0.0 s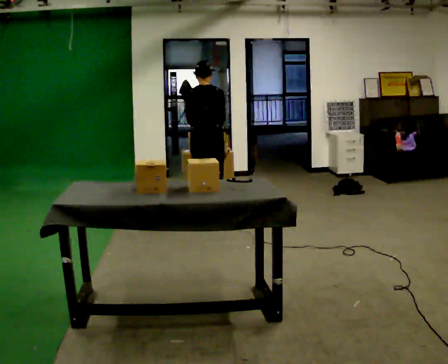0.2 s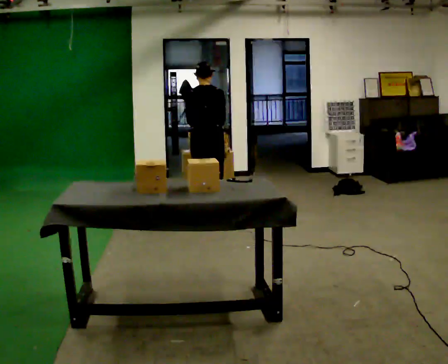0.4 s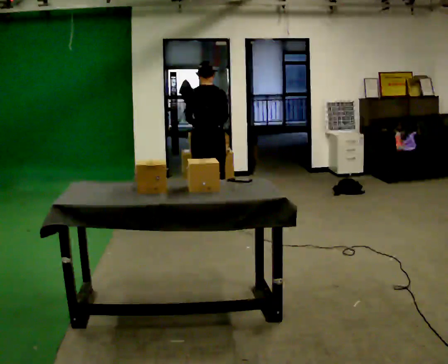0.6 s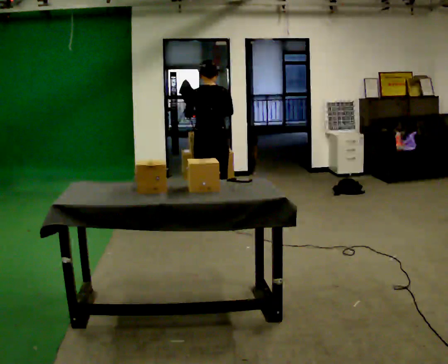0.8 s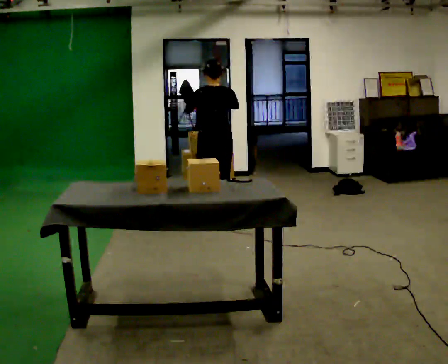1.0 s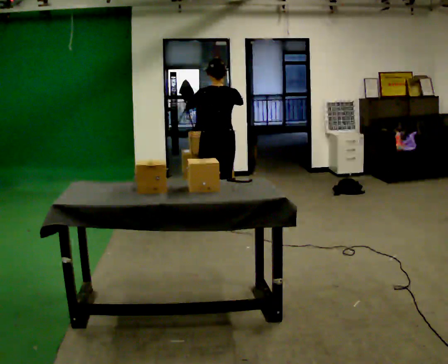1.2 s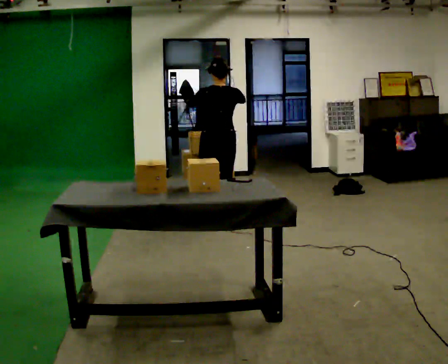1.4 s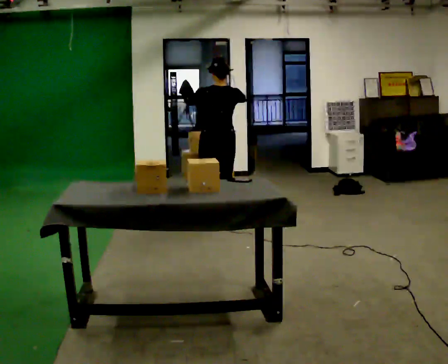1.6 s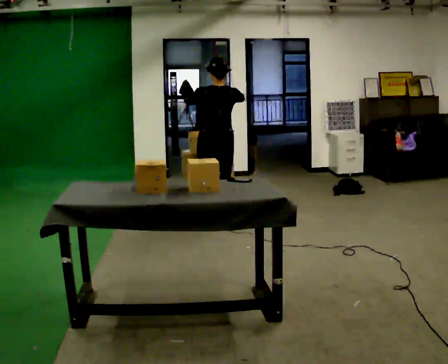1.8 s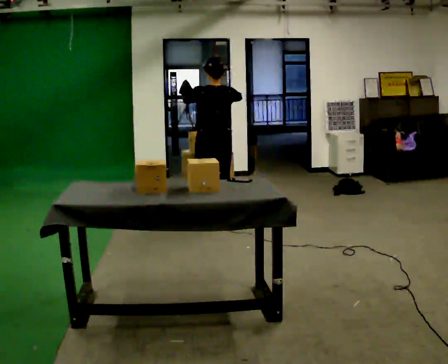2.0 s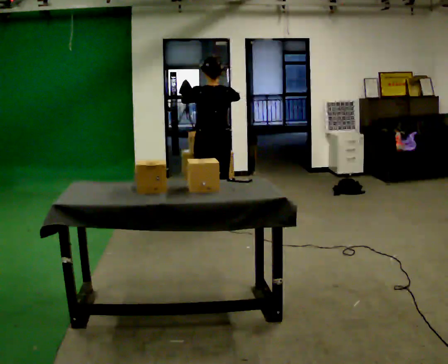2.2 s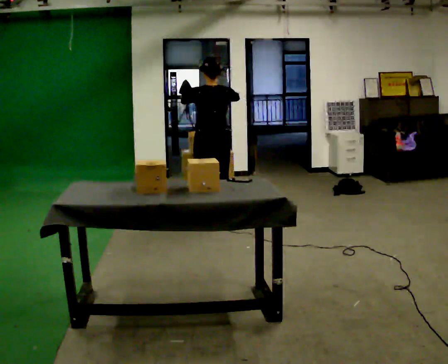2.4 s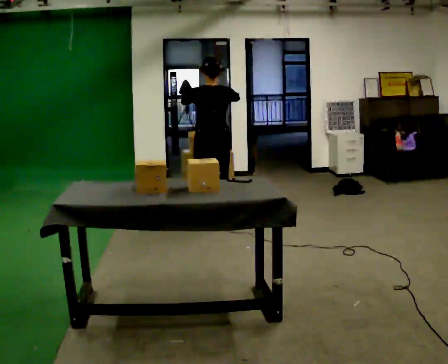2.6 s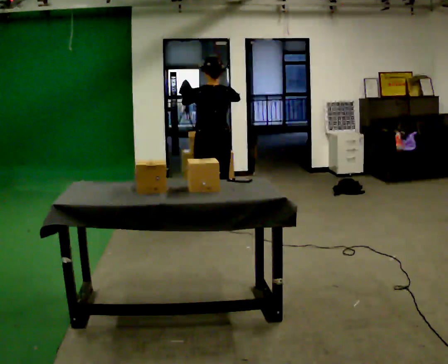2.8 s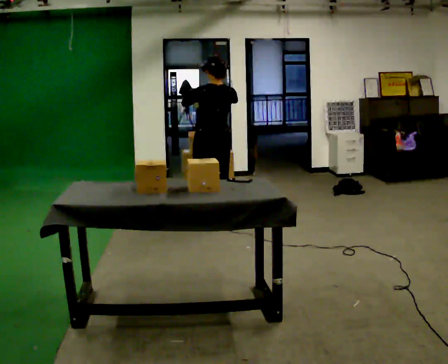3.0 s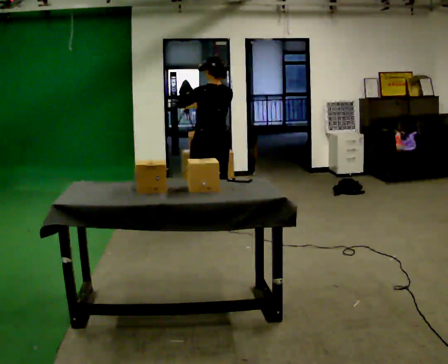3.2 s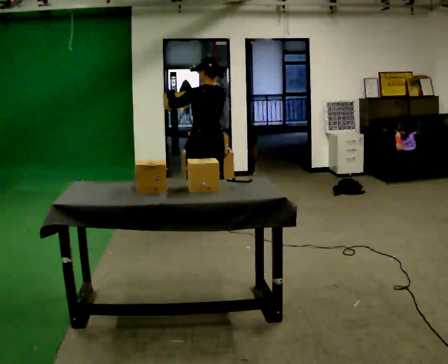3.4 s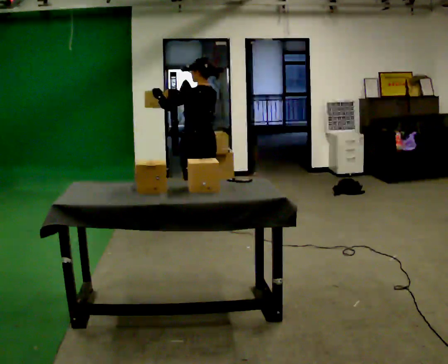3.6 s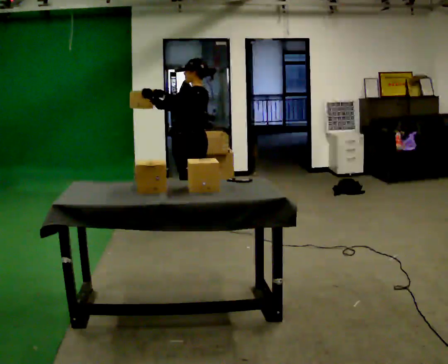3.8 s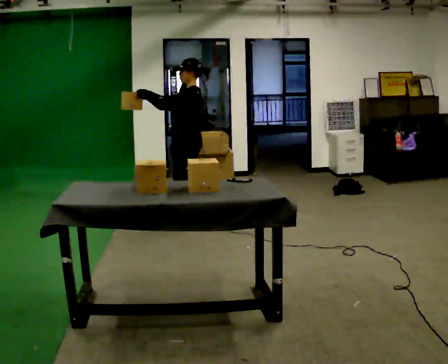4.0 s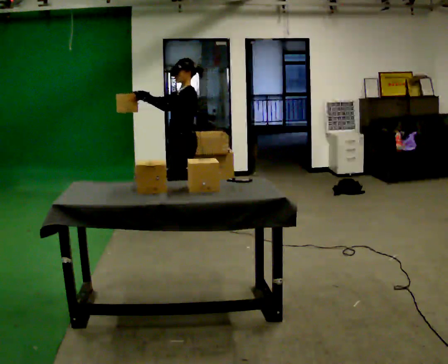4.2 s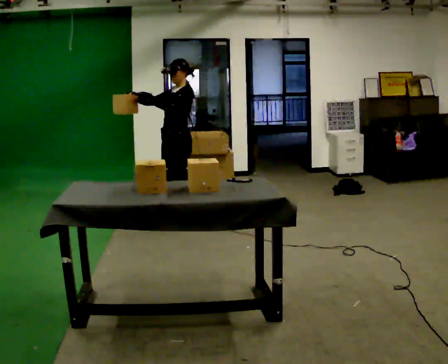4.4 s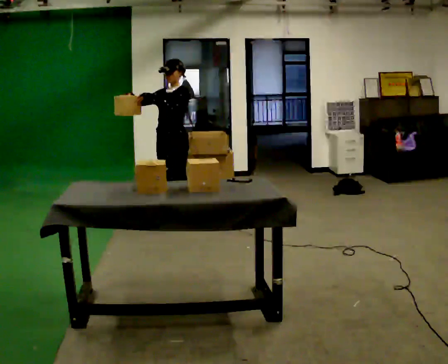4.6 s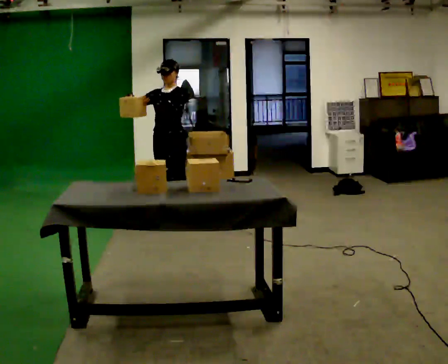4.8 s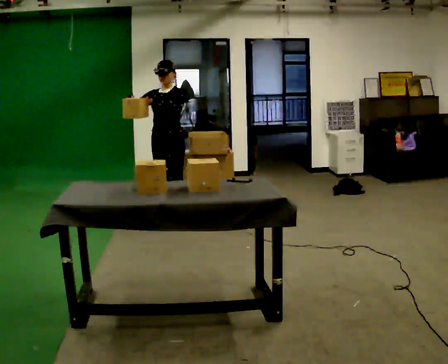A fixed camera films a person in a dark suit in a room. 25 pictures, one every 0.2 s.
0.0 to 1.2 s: In the picture they go toward the camera, about 0.25 m, which for them is backward and to their right. The upper body tips toward the camera, its near side rolling downward, as they lean back or straighten. In the picture their left hand goes upward.
1.2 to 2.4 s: The person moves a little, or ends about where they began.
2.4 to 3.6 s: The person turns about 60 degrees to their left, counterclockwise seen from above, so the part of the body nearest the lens slides to the right. In the picture they go to the left, about 0.25 m. In the picture their left hand goes to the left.
3.6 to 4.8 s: The part of the body nearest the lens slides to the right as the person turns to their left by about 90 degrees. In the picture they go to the left and away from the camera, about 0.25 m in 2 steps.
The film runs forward here.
